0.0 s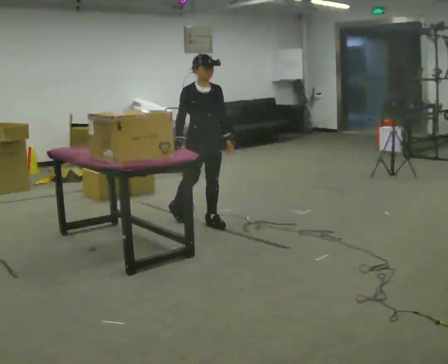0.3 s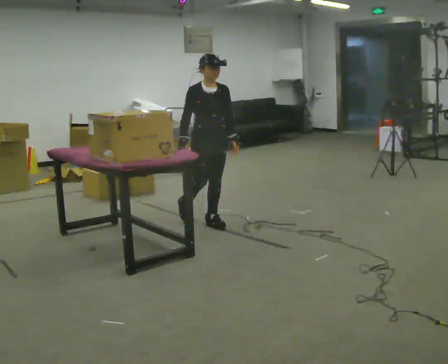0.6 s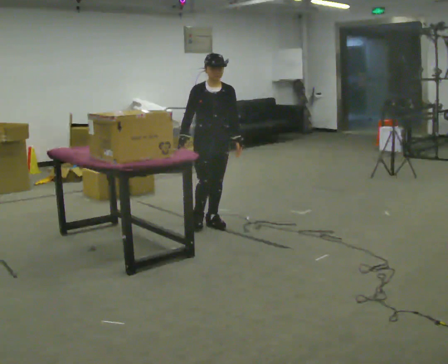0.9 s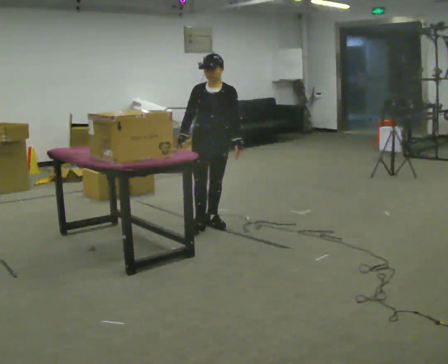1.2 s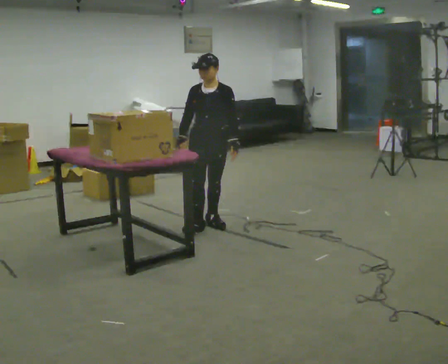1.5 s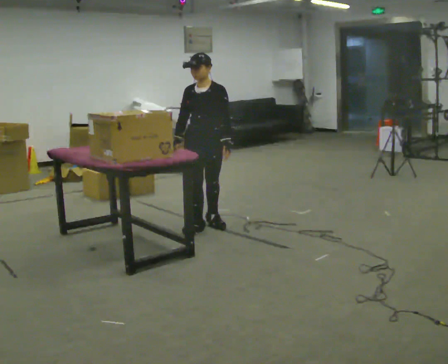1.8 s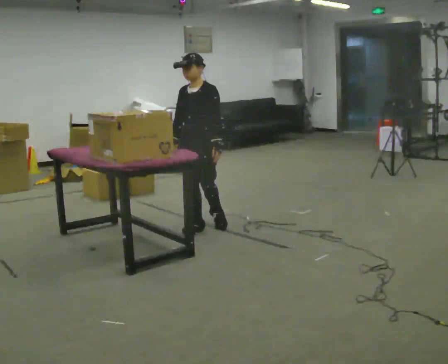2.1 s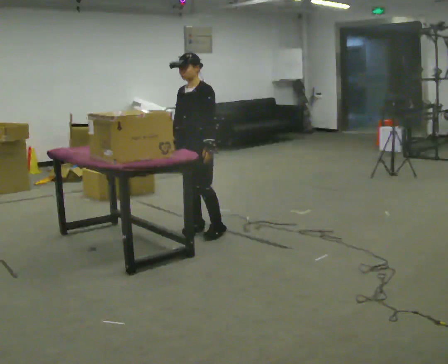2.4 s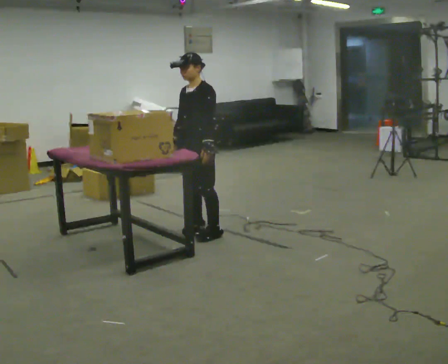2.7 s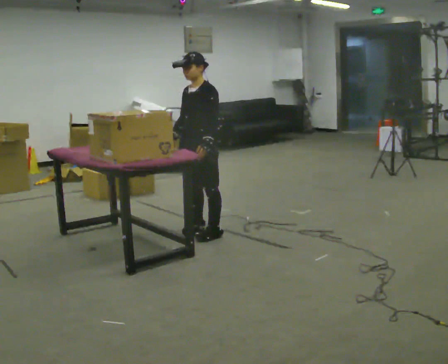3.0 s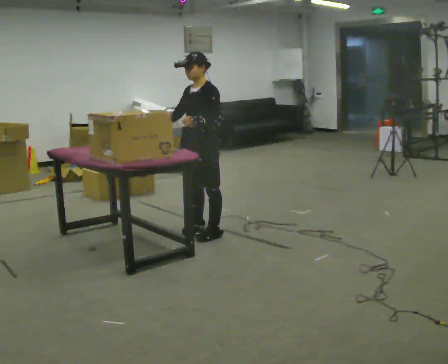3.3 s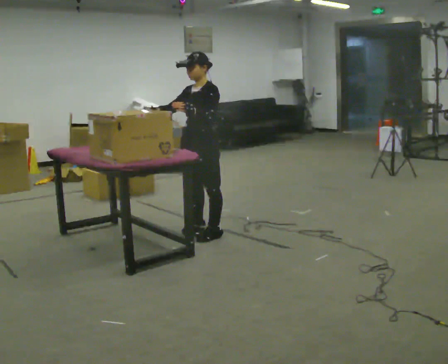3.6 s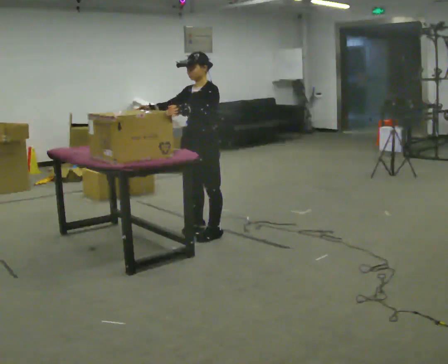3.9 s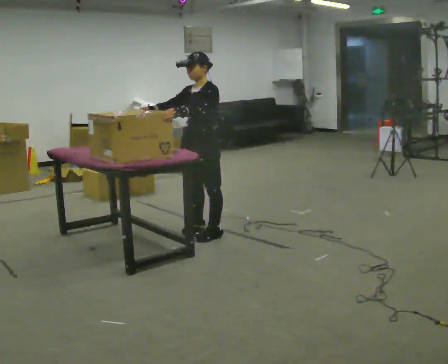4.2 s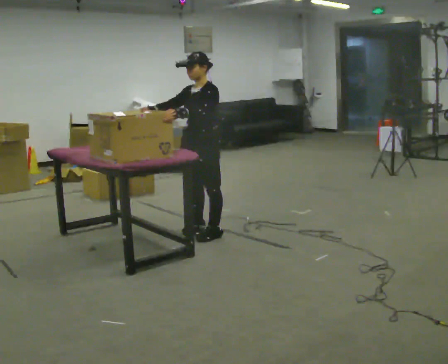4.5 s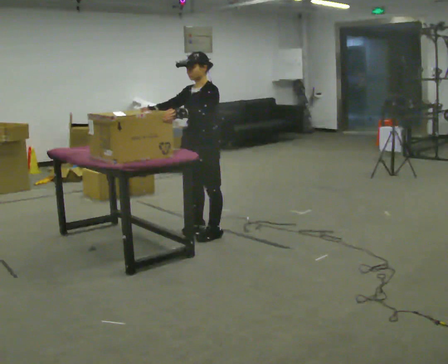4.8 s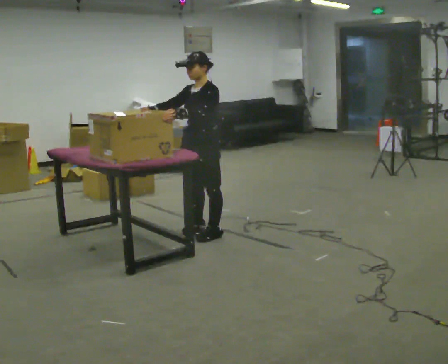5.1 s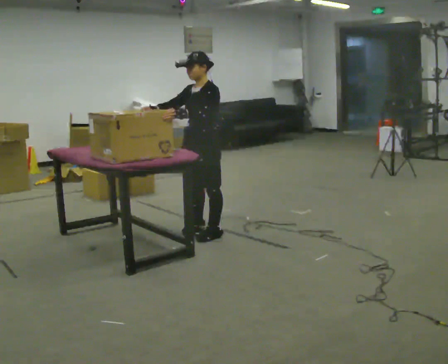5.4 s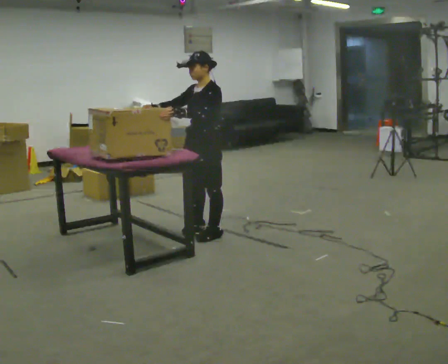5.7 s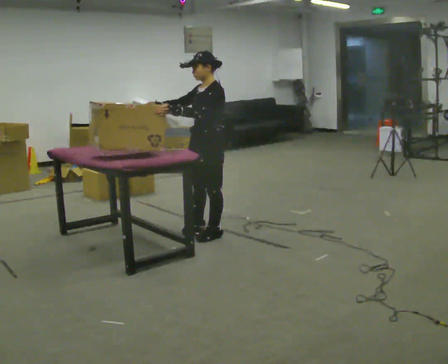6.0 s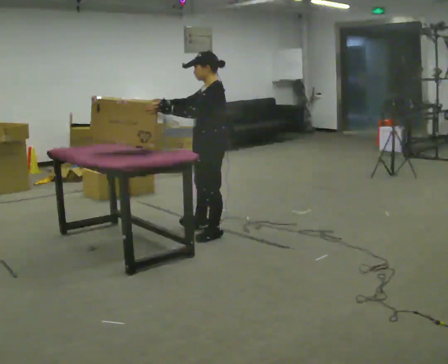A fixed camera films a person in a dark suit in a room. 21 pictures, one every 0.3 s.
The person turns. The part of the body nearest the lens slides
to the left.
The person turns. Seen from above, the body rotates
clockwise.
0.0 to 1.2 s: The part of the body nearest the lens slides to the left as the person turns to their right by about 45 degrees.
1.2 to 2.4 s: The person turns about 30 degrees to their right, clockwise seen from above, so the part of the body nearest the lens slides to the left. In the picture they go toward the camera, about 0.25 m in 1 step, which for them is forward.
2.4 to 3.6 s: The person moves a little, or ends about where they began.
3.6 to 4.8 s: The person keeps their place and pose.
4.8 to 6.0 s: The part of the body nearest the lens slides to the left as the person turns to their right by about 30 degrees.
The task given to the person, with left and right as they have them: Take boxes off the top of the stack one at a time and carry them away, walking back for each one. Keep going until the operator says stop; one object at a time, and do not rush between trips.
The film runs forward here.
